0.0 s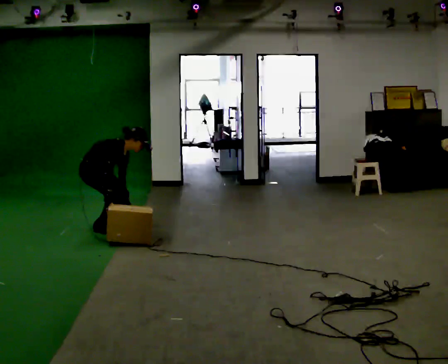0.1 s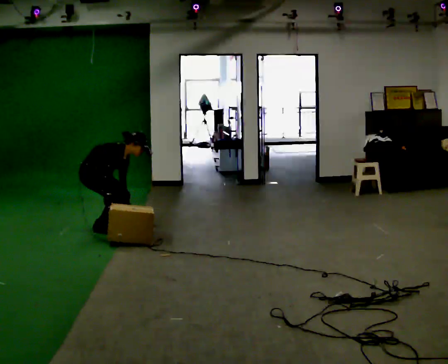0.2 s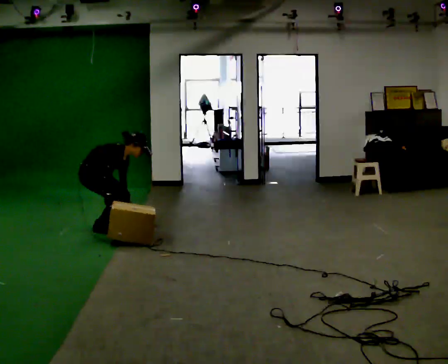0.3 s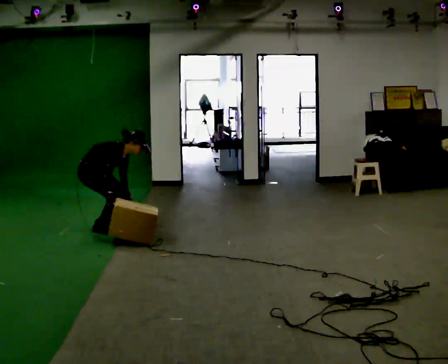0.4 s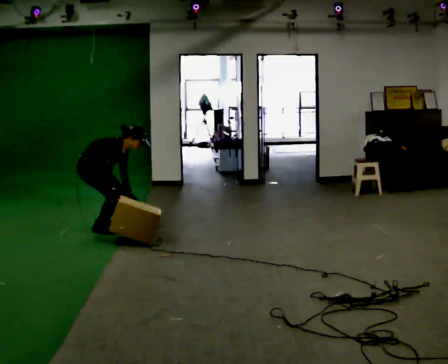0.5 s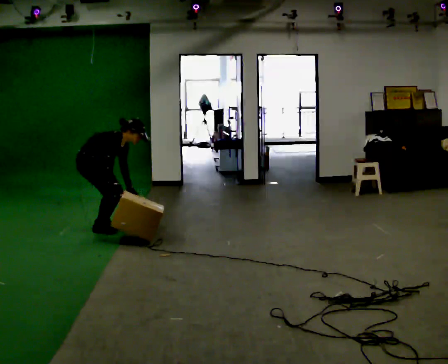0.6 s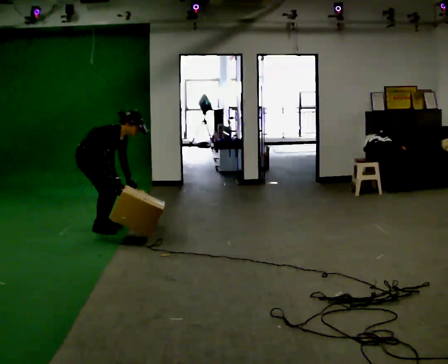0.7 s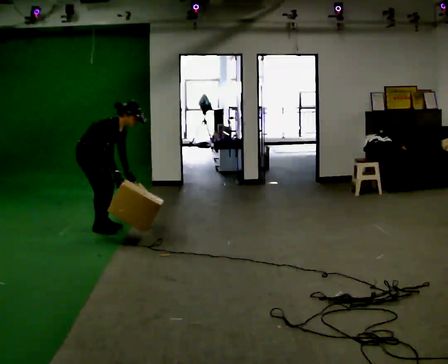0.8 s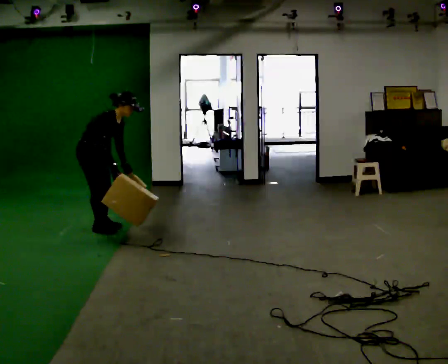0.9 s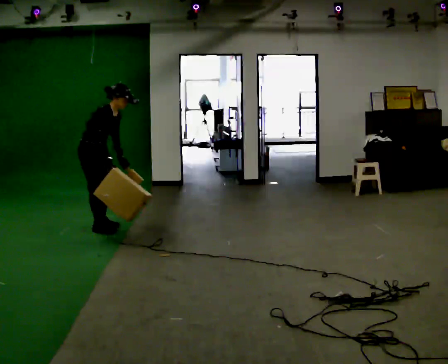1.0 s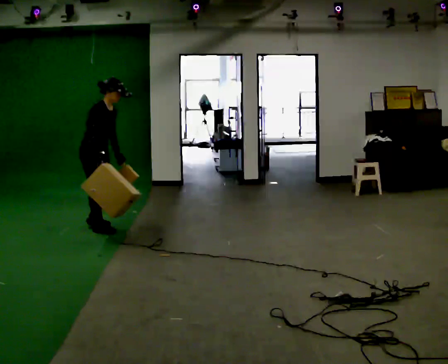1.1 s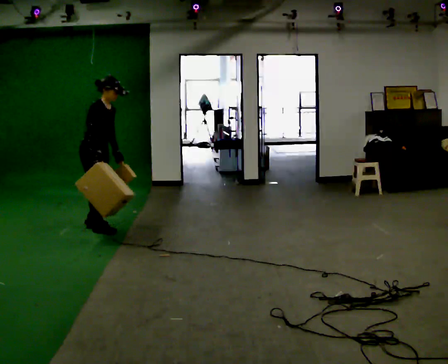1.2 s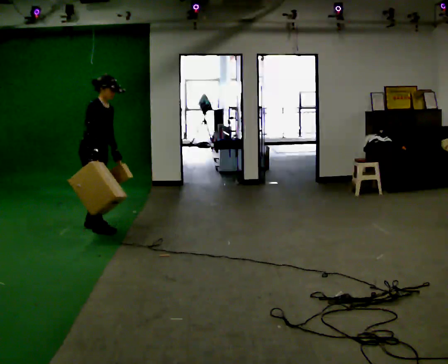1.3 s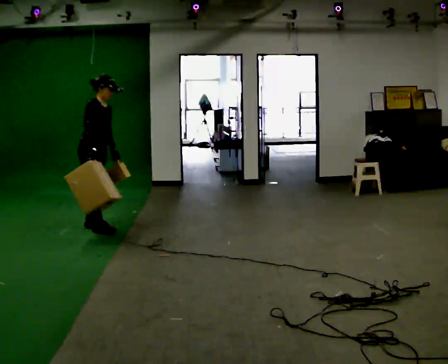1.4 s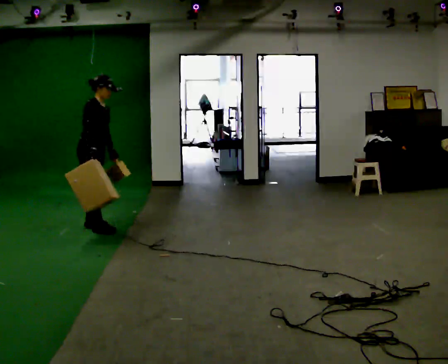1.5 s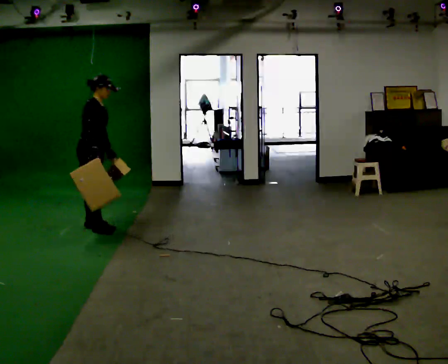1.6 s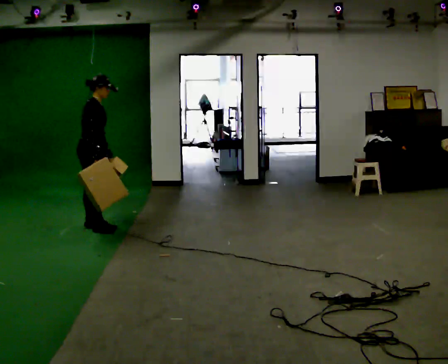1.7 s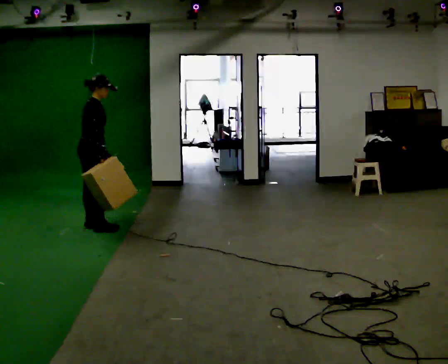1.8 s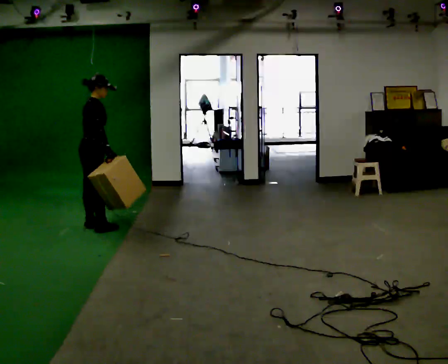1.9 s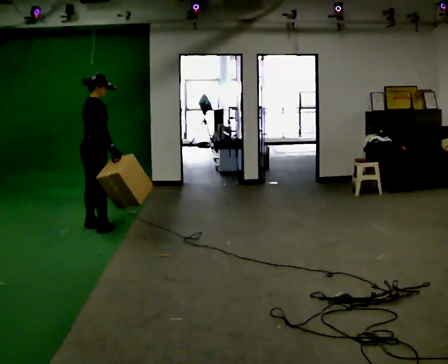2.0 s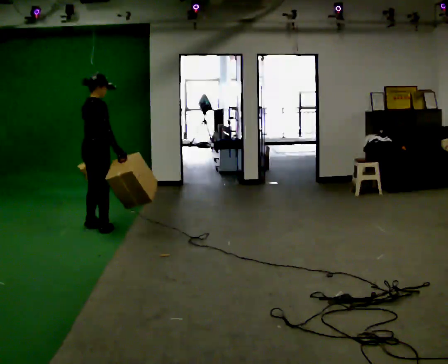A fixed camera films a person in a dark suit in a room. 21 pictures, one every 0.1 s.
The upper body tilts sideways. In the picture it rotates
counterclockwise.
0.0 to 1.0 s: The upper body goes upward. In the picture the upper body tilts counterclockwise, shoulders to the left, as they lean back or straighten. In the picture their right hand goes upward.
1.0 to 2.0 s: Seen from above the body turns counterclockwise, about 45 degrees: to their left, with its near side sliding to the right. In the picture the upper body tilts counterclockwise, shoulders to the left, as they lean back or straighten.
The film runs backward here.
